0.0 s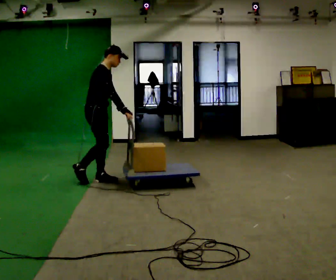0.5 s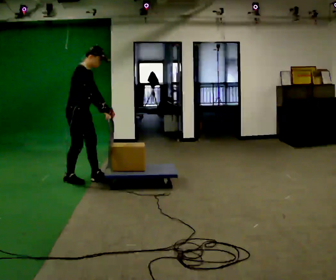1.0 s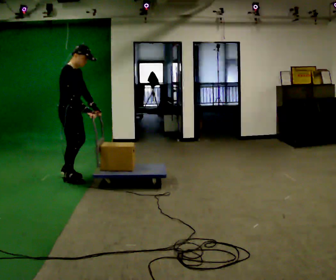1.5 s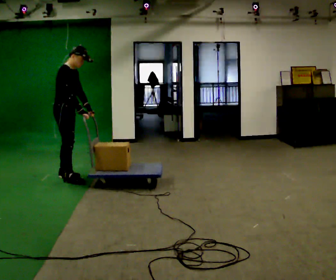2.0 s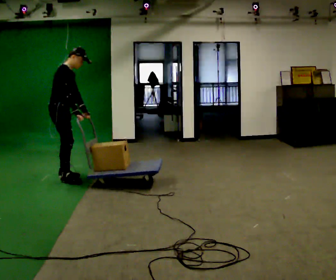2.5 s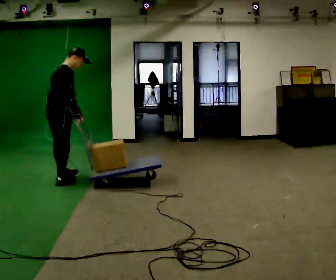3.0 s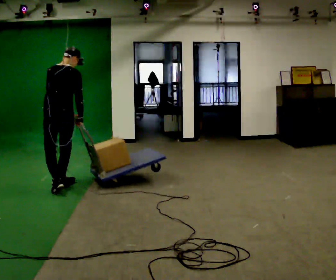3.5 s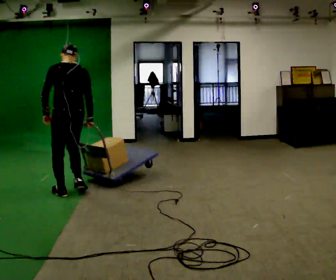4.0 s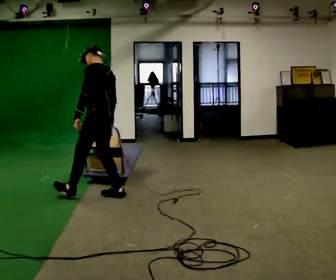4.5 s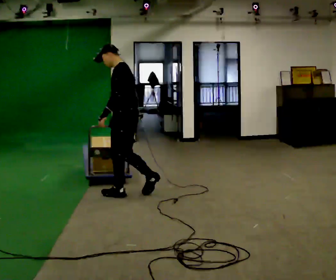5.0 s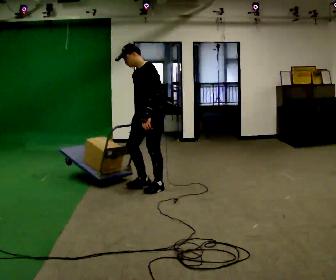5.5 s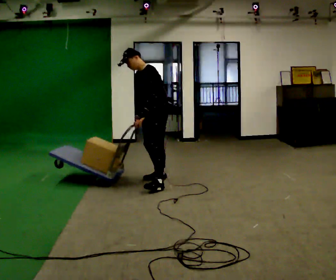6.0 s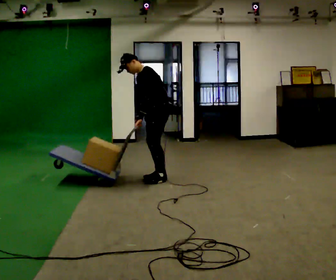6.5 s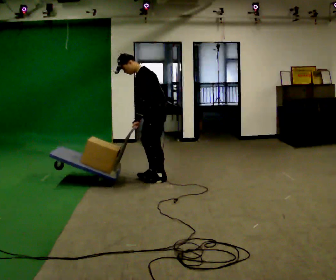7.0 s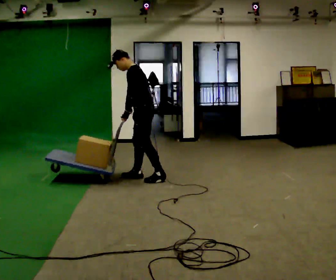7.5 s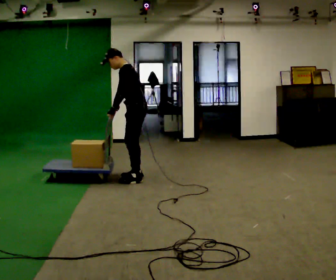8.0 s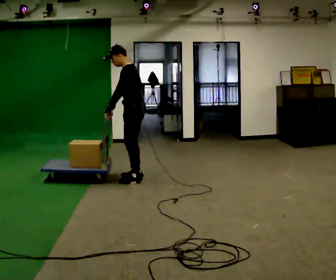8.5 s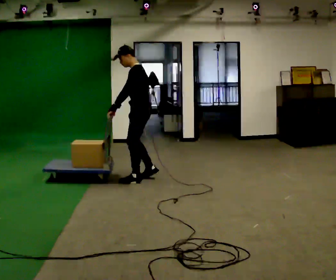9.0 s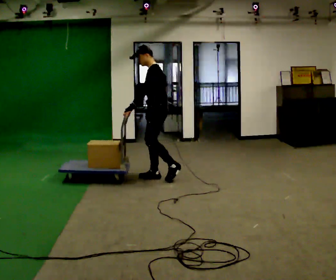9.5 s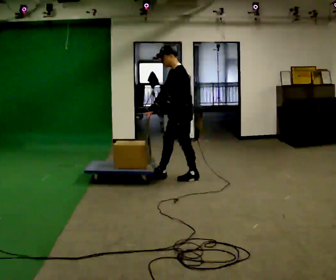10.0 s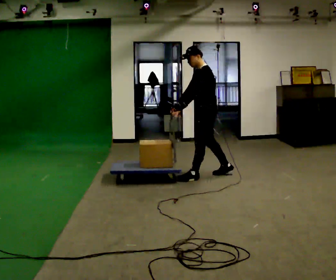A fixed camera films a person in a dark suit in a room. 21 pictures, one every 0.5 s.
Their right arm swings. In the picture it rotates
clockwise.
0.0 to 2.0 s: In the picture they go to the left, about 0.5 m in 2 steps, which for them is backward.
2.0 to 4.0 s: Seen from above the body turns counterclockwise, about 150 degrees: to their left, with its near side sliding to the right. In the picture they go to the right and toward the camera, about 1 m in 3 steps.
4.0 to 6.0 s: The part of the body nearest the lens slides to the right as the person turns to their left by about 45 degrees. In the picture they go away from the camera and to the right, about 1 m in 2 steps, which for them is backward. In the picture the upper body tilts counterclockwise, shoulders to the left, as they bend forward.
6.0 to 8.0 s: In the picture they go to the left, about 0.25 m in 2 steps, which for them is forward.
8.0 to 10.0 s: In the picture they go to the right, about 1 m in 3 steps, which for them is backward.
The film runs backward here.
